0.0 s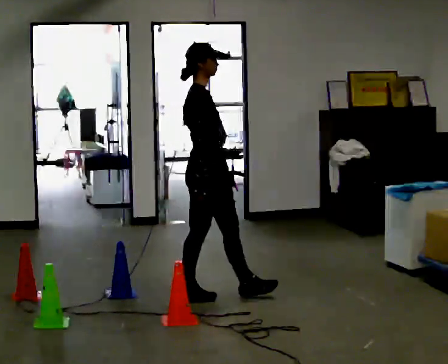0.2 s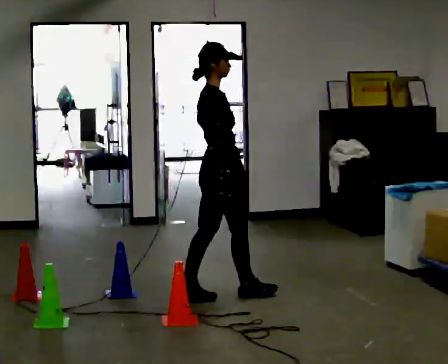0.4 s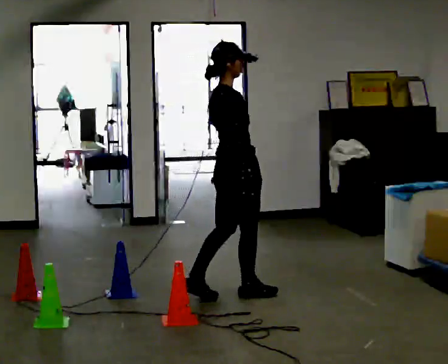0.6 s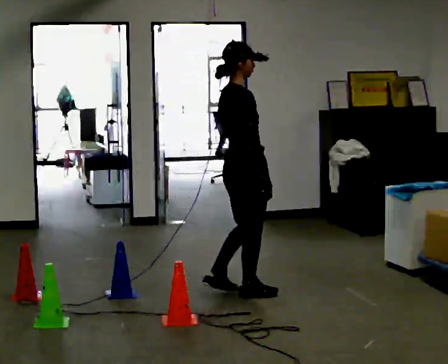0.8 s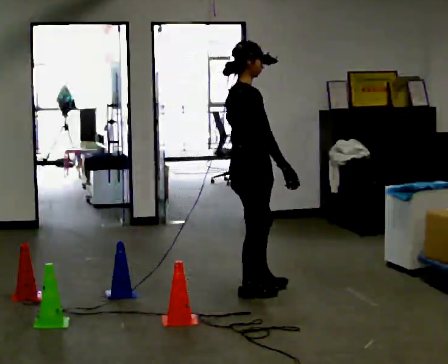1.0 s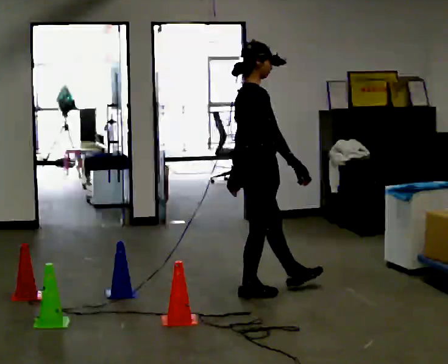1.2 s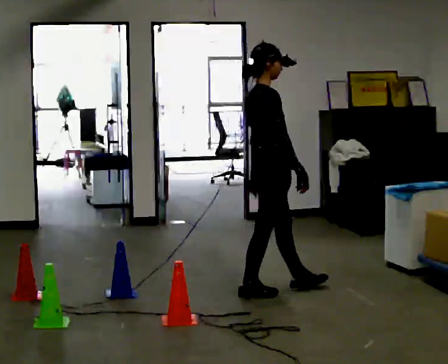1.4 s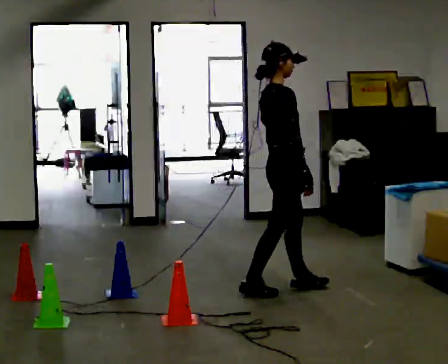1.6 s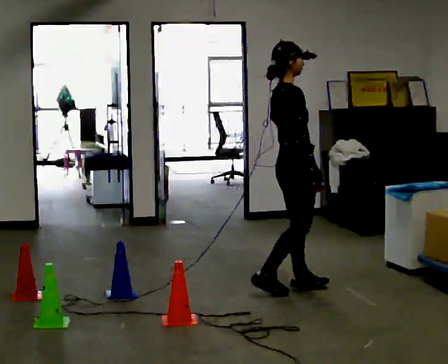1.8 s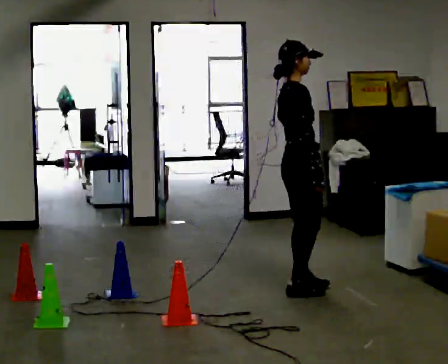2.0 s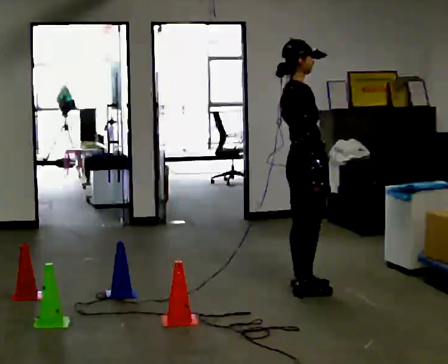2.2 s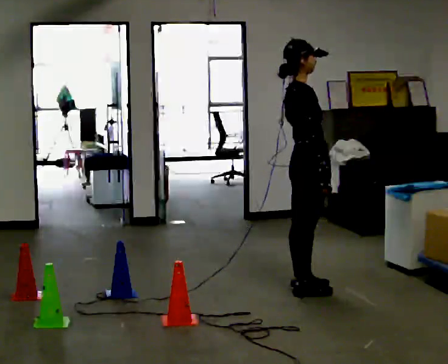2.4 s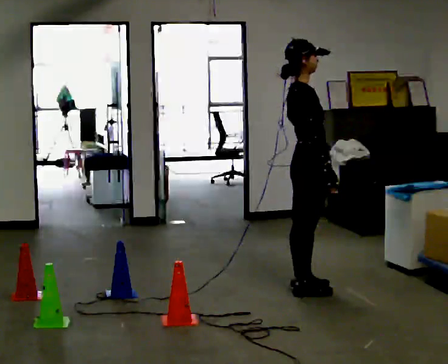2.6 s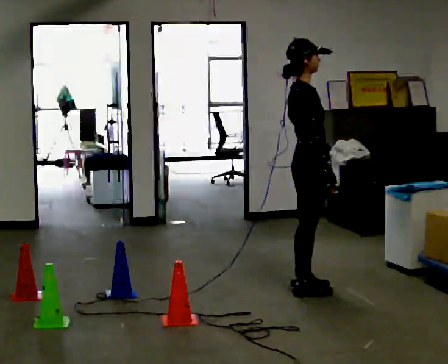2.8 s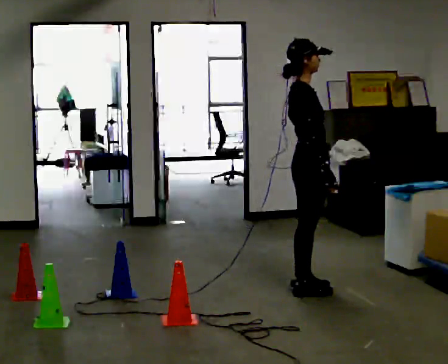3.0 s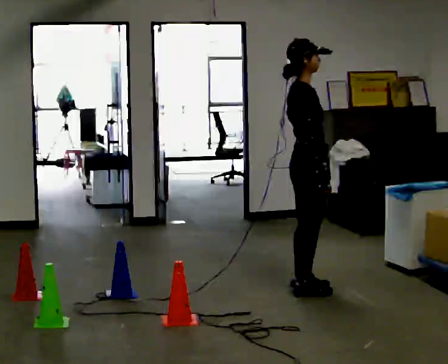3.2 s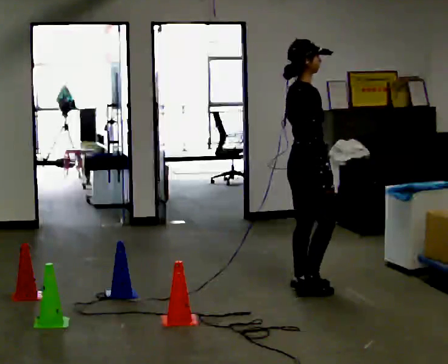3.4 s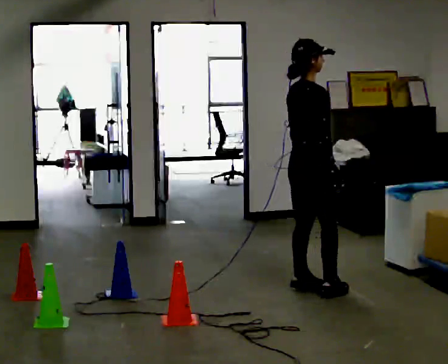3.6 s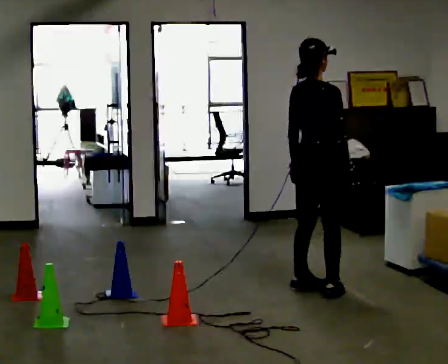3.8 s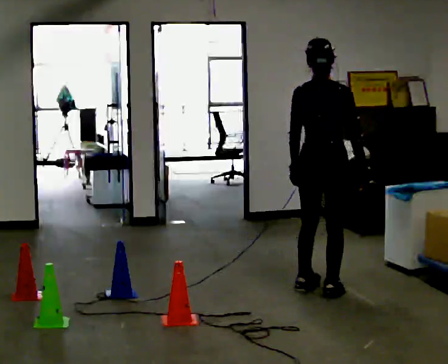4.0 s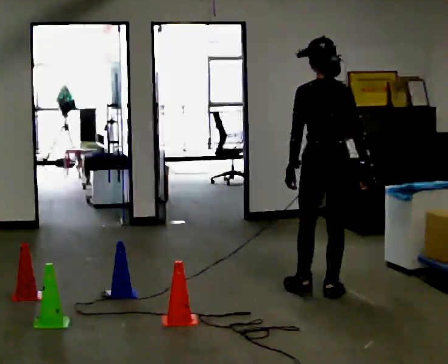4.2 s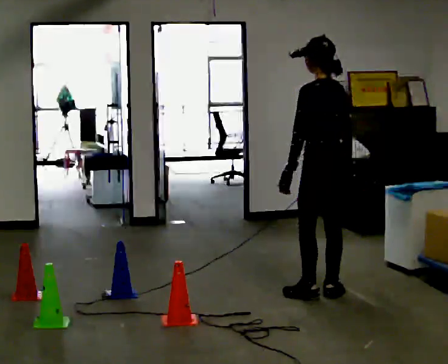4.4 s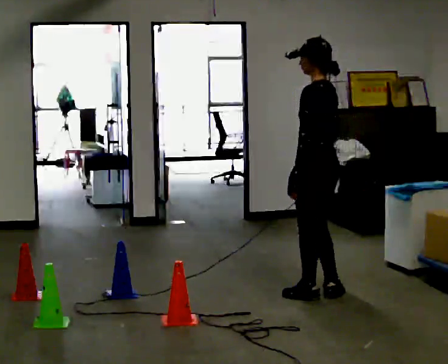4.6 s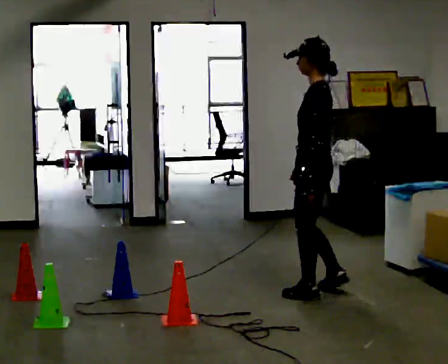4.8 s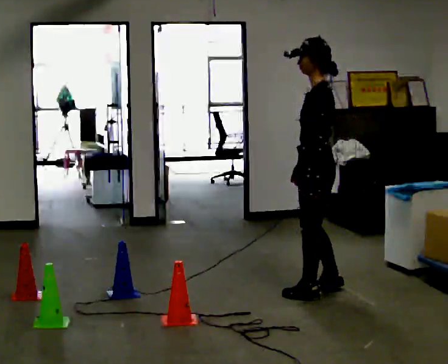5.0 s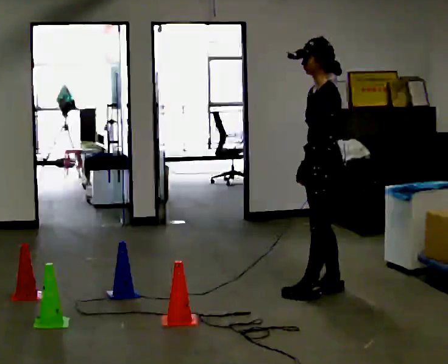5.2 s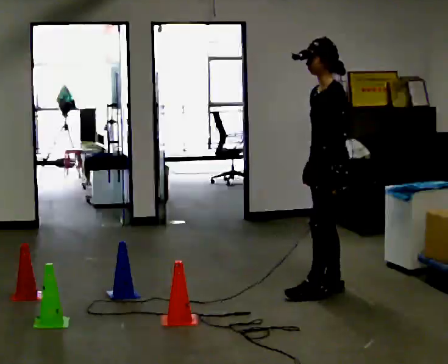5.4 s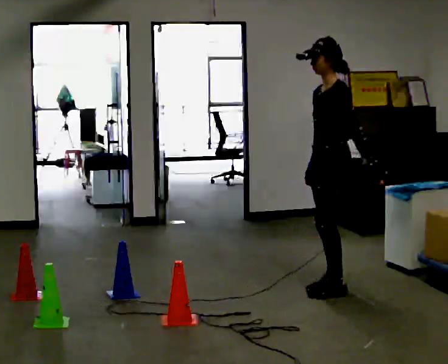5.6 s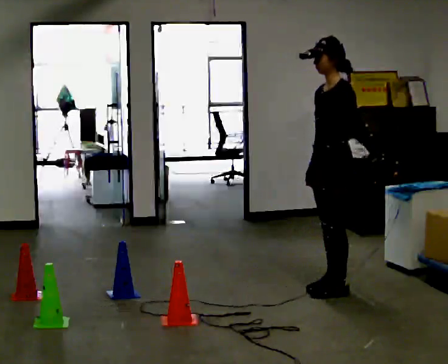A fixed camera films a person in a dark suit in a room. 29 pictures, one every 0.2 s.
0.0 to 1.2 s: In the picture they go to the right and away from the camera, about 0.5 m in 1 step, which for them is forward.
1.2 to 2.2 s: In the picture they go to the right, about 0.25 m in 1 step, which for them is forward.
2.2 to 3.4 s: The person moves a little, or ends about where they began.
3.4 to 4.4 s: Seen from above the body turns counterclockwise, about 120 degrees: to their left, with its near side sliding to the right.
4.4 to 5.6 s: The part of the body nearest the lens slides to the right as the person turns to their left by about 45 degrees. In the picture their left hand goes to the right, the arm swinging counterclockwise.
The film runs forward here.
